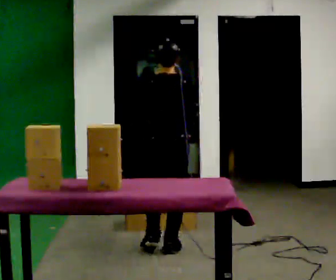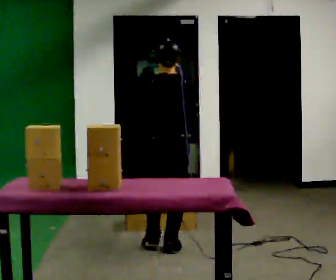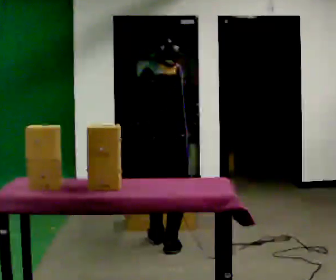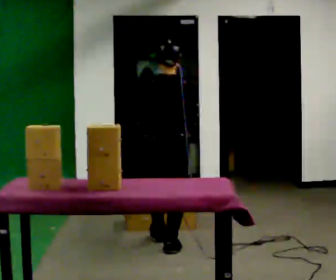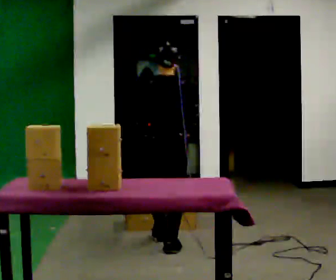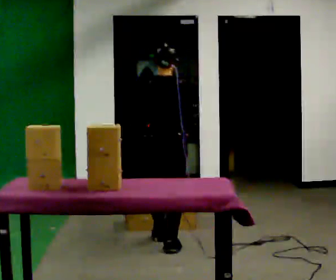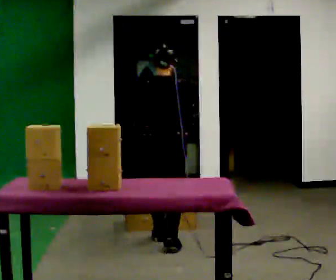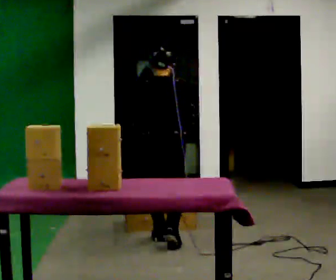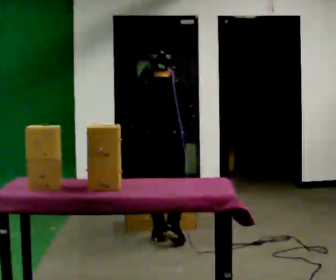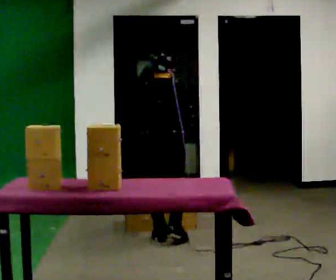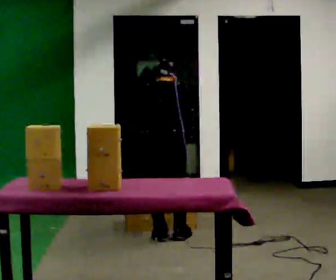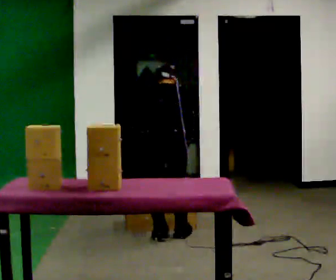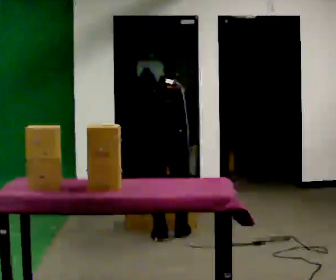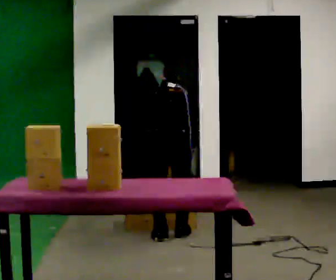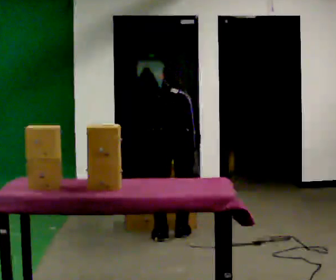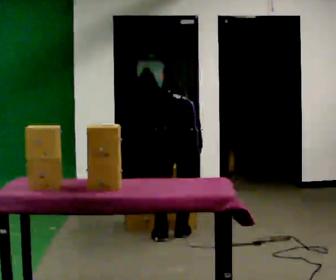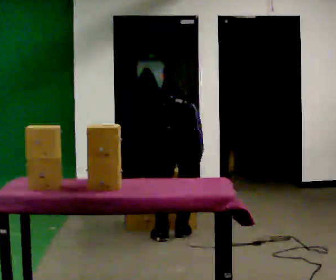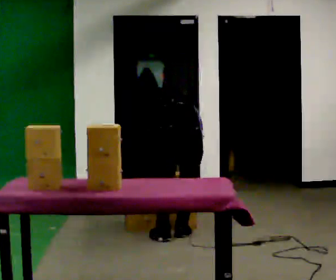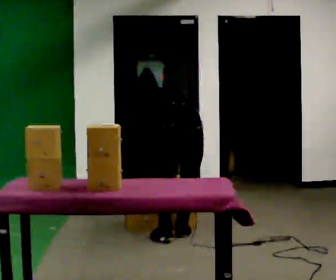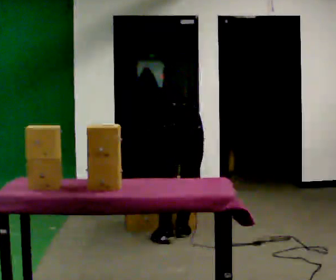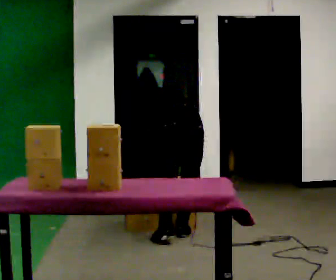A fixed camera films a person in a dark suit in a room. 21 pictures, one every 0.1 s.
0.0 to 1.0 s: In the picture they go away from the camera, about 0.25 m in 1 step, which for them is forward. The upper body tips away from the camera, its near side rolling upward, as they bend forward.
1.0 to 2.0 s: In the picture they go to the right, about 0.25 m in 1 step, which for them is to their right. The shoulders move downward. The upper body tips away from the camera, its near side rolling upward, as they bend forward.
The film runs forward here.
